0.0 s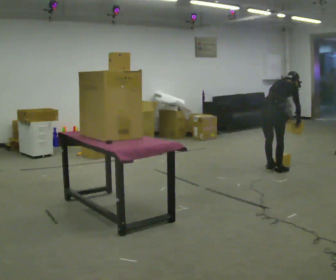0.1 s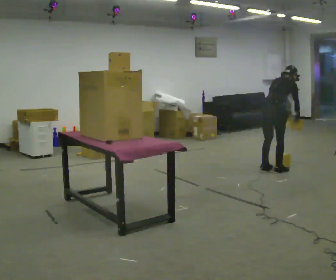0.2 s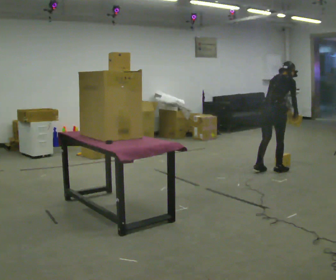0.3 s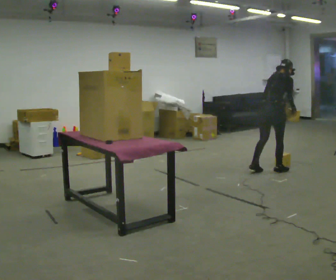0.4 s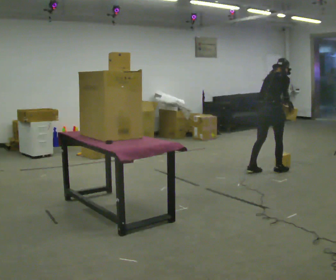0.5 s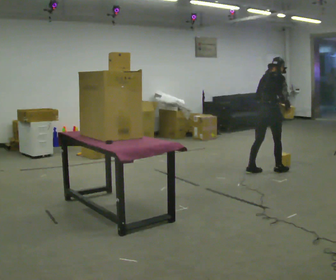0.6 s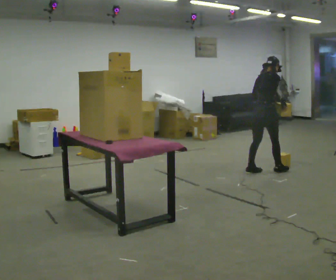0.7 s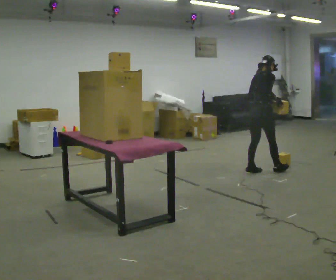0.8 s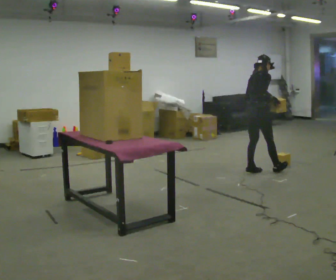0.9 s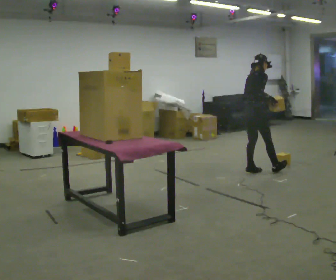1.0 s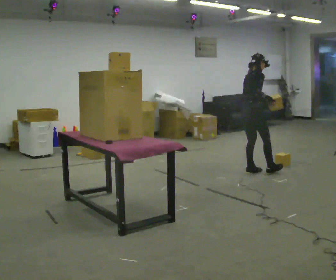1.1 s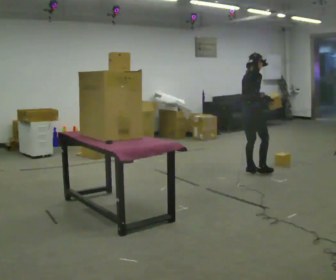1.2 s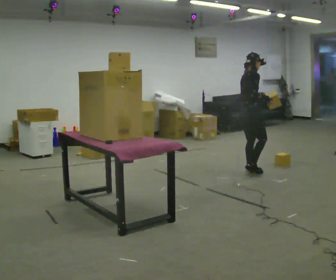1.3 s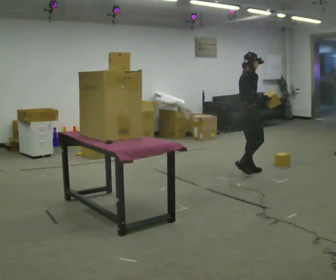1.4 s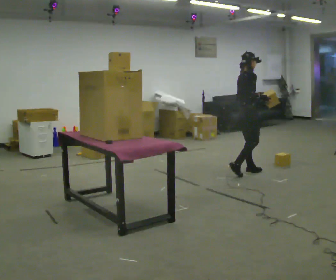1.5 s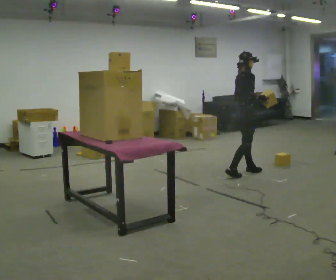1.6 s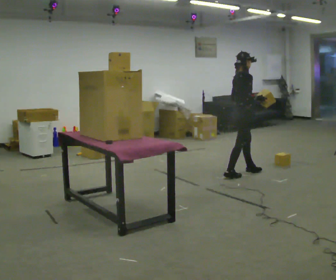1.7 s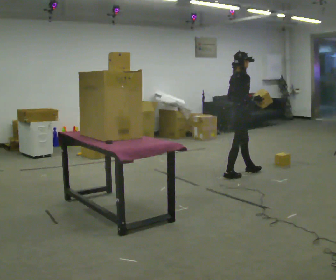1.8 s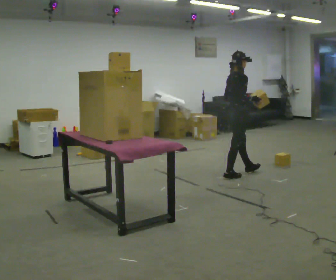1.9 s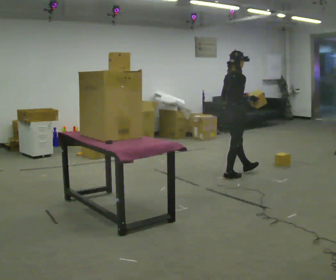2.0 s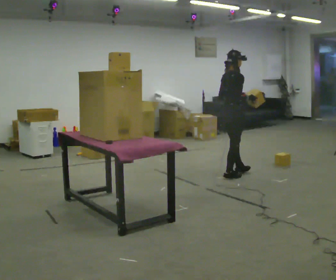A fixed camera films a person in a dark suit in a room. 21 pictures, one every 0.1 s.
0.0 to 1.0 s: In the picture they go to the left, about 0.25 m in 1 step, which for them is to their left and backward. In the picture the upper body tilts counterclockwise, shoulders to the left, as they lean back or straighten.
1.0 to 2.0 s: In the picture they go to the left and toward the camera, about 0.25 m in 1 step, which for them is backward and to their right.
The film runs backward here.
